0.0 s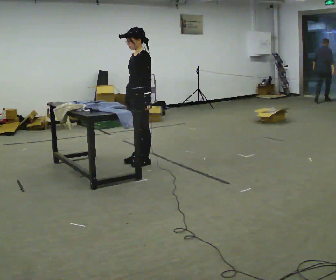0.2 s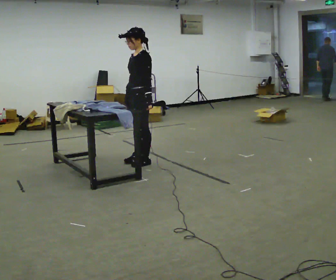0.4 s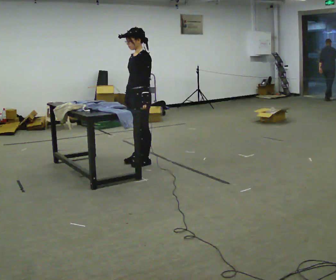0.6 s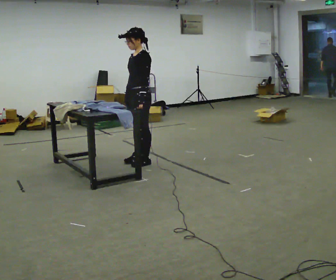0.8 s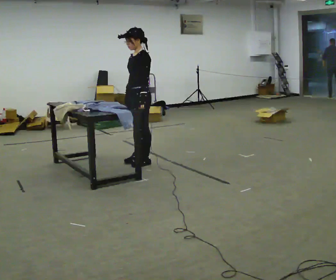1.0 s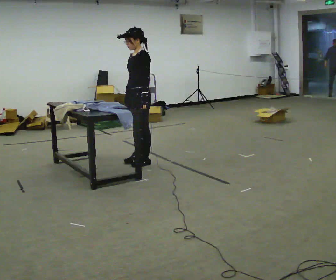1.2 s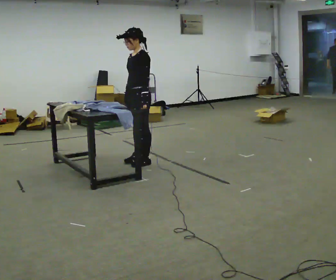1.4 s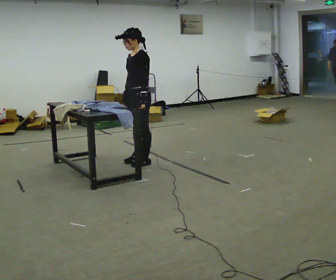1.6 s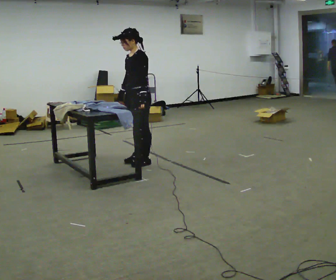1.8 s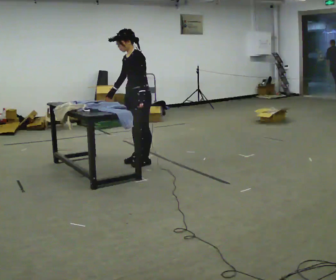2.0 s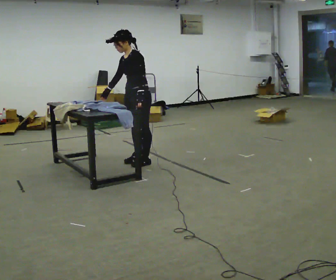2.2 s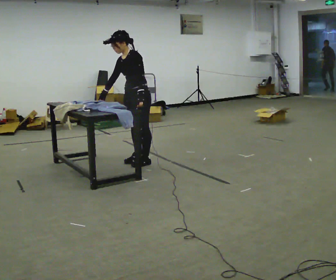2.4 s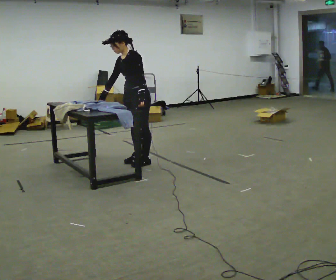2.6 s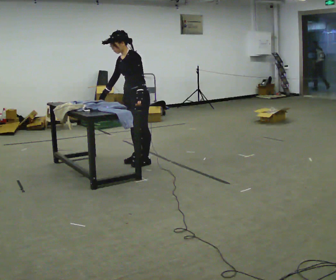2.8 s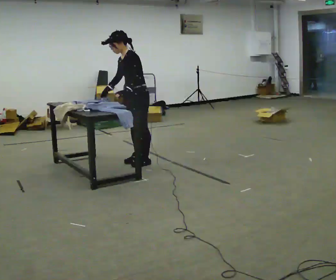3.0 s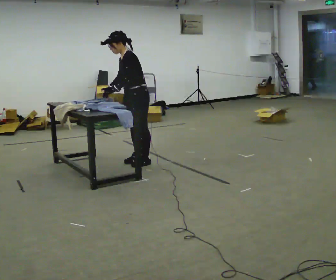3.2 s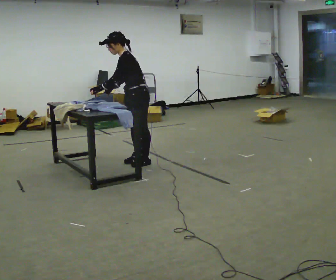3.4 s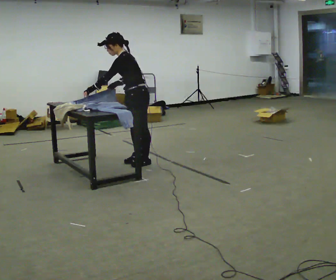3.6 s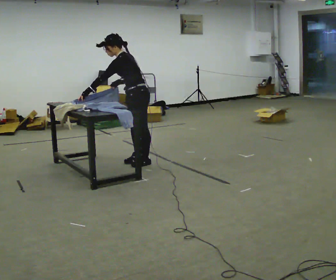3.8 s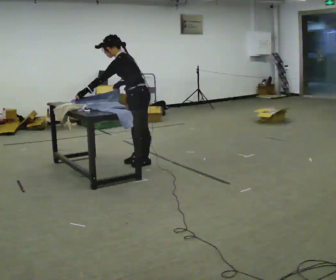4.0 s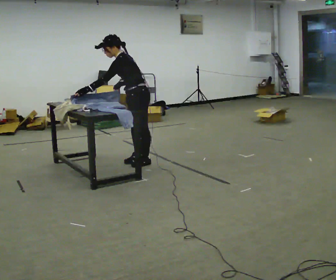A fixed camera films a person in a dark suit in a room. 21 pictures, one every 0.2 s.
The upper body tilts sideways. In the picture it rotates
counterclockwise.
0.0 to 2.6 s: In the picture the upper body tilts counterclockwise, shoulders to the left, as they bend forward. In the picture their right hand goes to the left.
2.6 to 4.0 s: Seen from above the body turns clockwise, about 30 degrees: to their right, with its near side sliding to the left. In the picture the upper body tilts counterclockwise, shoulders to the left, as they bend forward. In the picture their left hand goes to the left, the arm swinging clockwise.
The film runs forward here.
